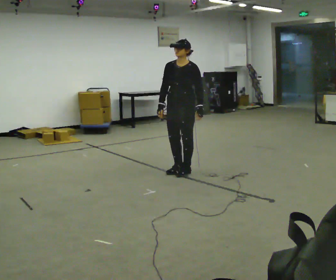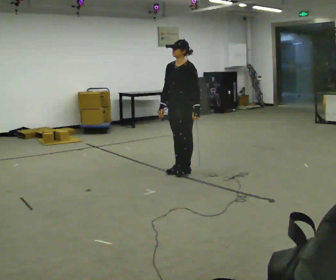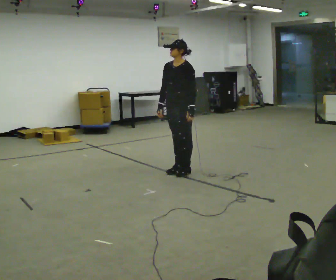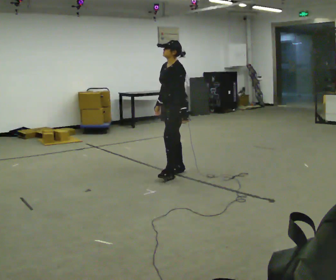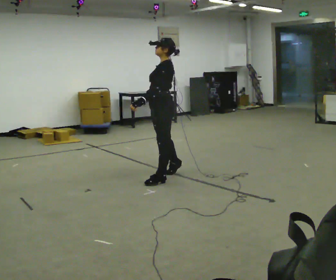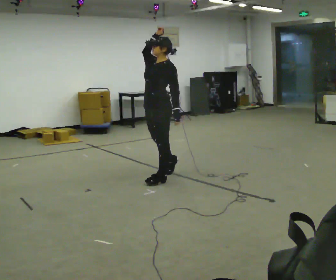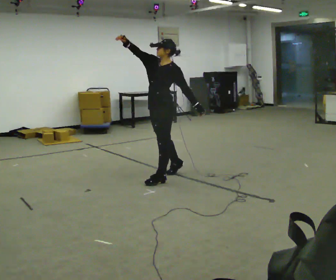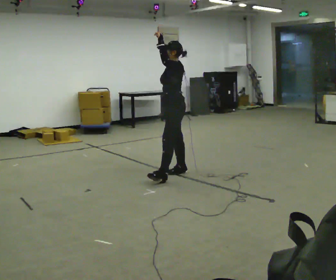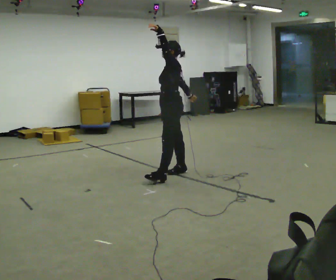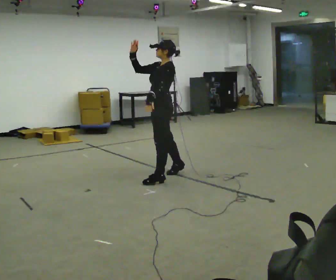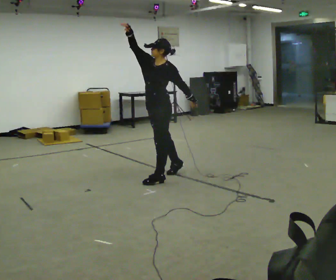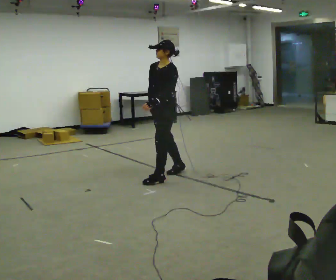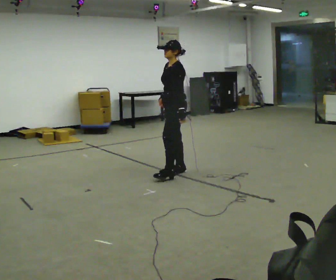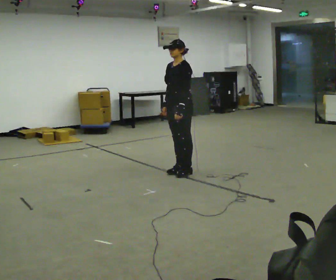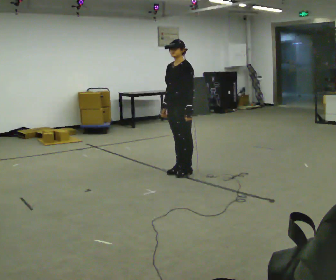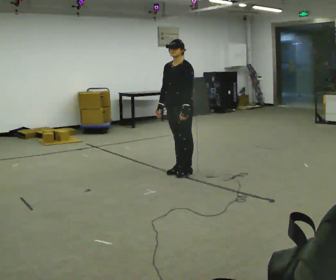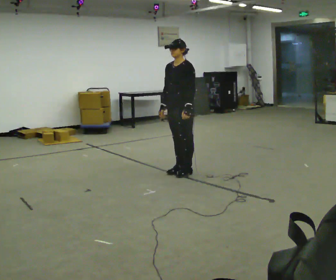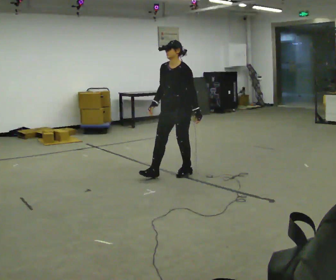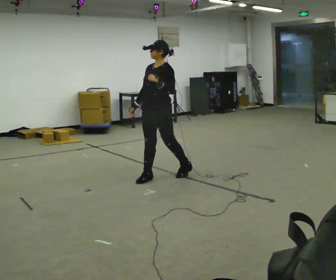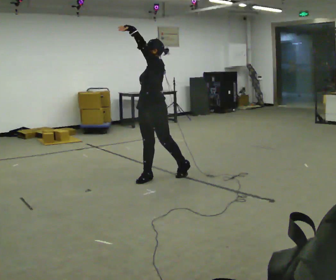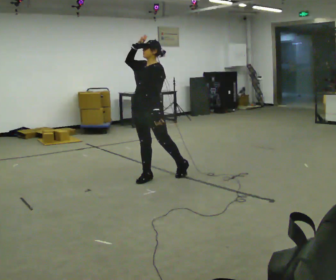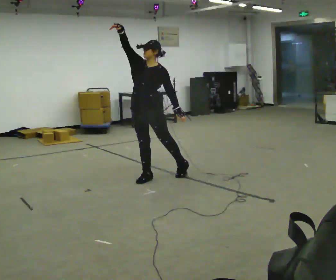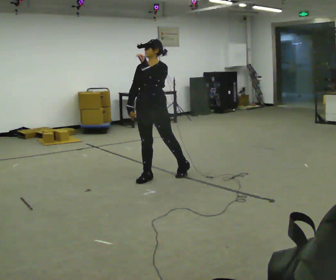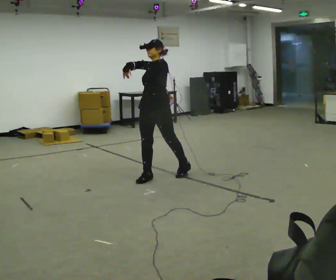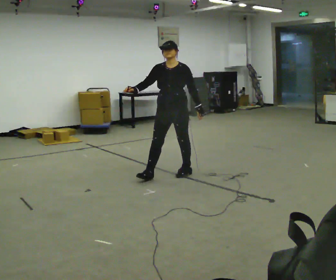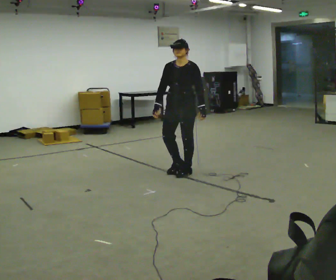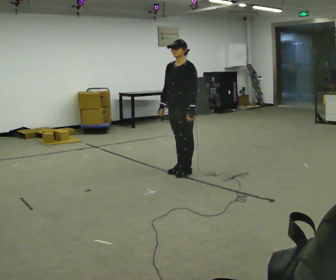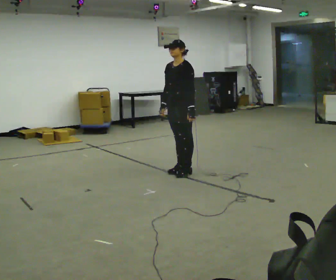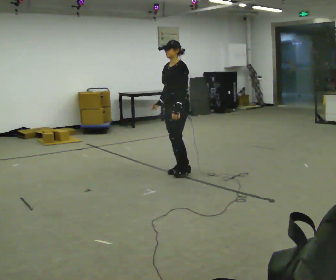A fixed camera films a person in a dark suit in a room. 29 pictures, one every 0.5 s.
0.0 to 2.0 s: Seen from above the body turns clockwise, about 45 degrees: to their right, with its near side sliding to the left. In the picture they go toward the camera and to the left, about 0.25 m in 1 step, which for them is forward.
2.0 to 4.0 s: In the picture they go away from the camera, about 0.25 m, which for them is backward. In the picture their left hand goes upward.
4.0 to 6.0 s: In the picture their left hand goes downward.
6.0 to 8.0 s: The person moves a little, or ends about where they began.
8.0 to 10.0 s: In the picture they go to the left and toward the camera, about 0.5 m in 1 step, which for them is forward. In the picture their right hand goes upward.
10.0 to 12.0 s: The part of the body nearest the lens slides to the right as the person turns to their left by about 30 degrees. In the picture they go to the right, about 0.25 m, which for them is backward and to their left. In the picture their right hand goes downward.
12.0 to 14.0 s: The part of the body nearest the lens slides to the left as the person turns to their right by about 30 degrees.
The film runs backward here.
